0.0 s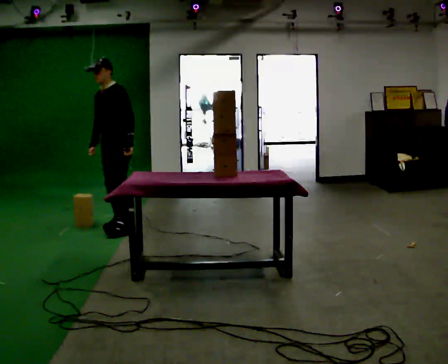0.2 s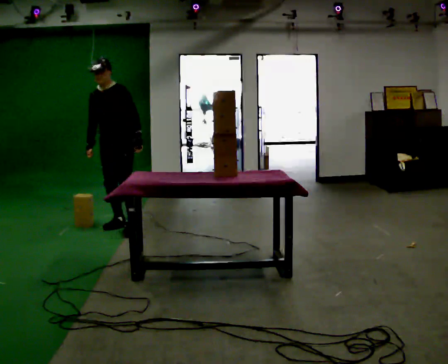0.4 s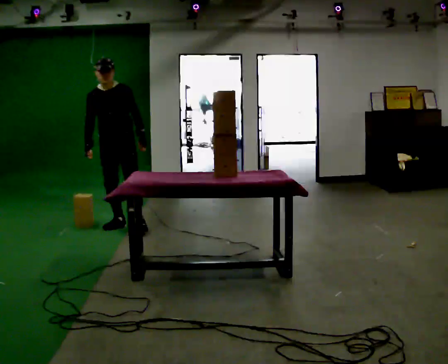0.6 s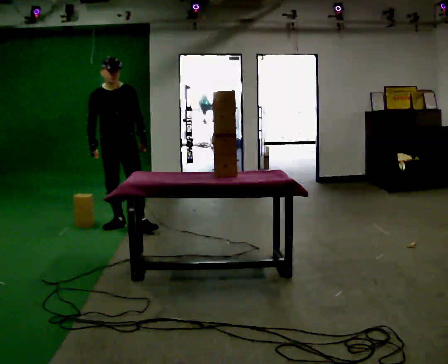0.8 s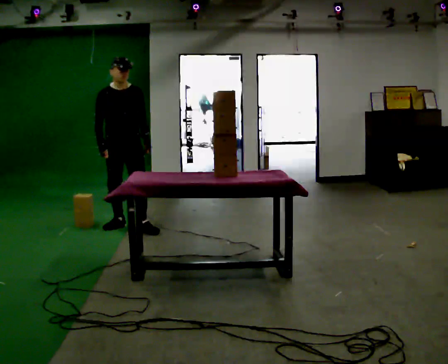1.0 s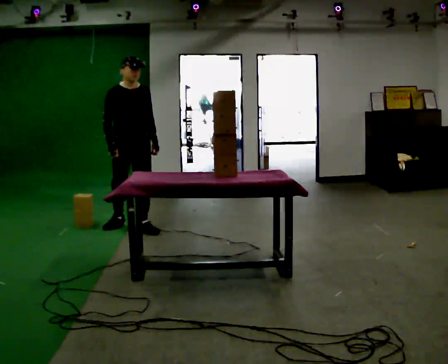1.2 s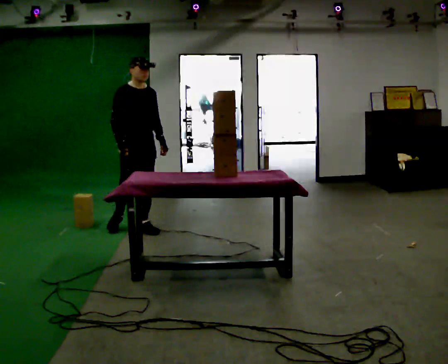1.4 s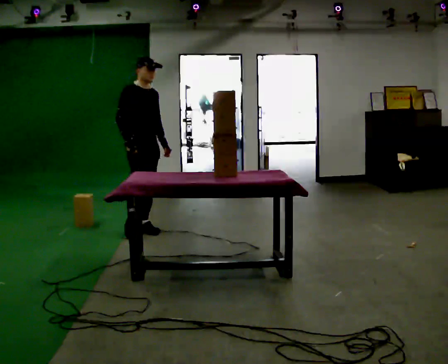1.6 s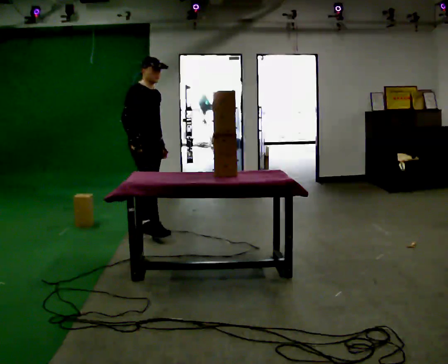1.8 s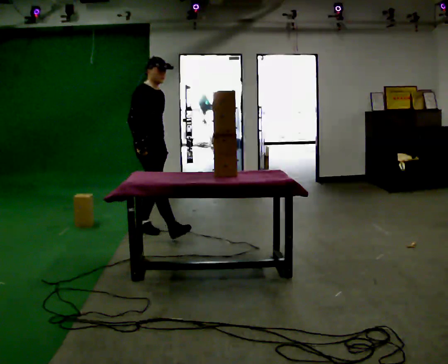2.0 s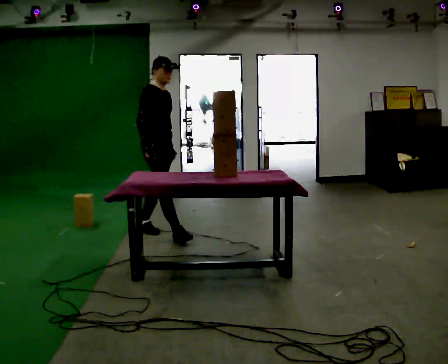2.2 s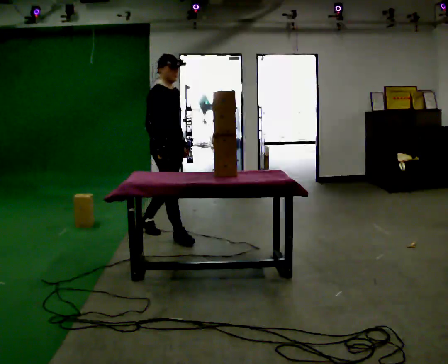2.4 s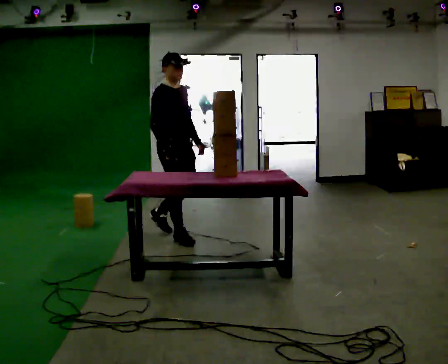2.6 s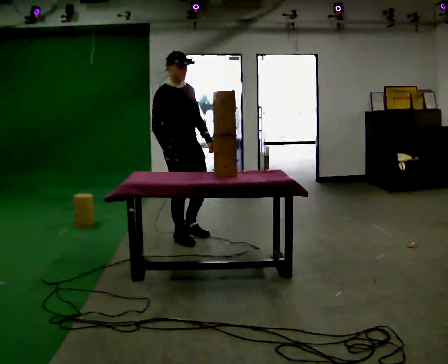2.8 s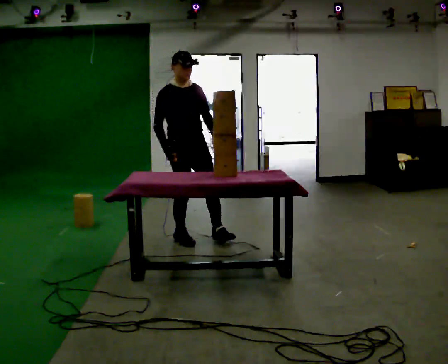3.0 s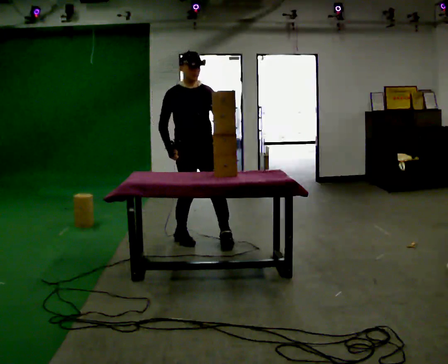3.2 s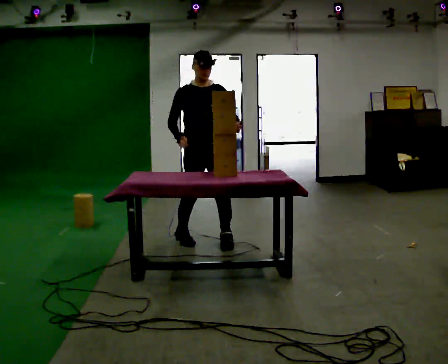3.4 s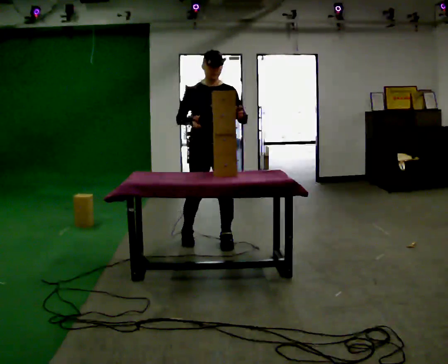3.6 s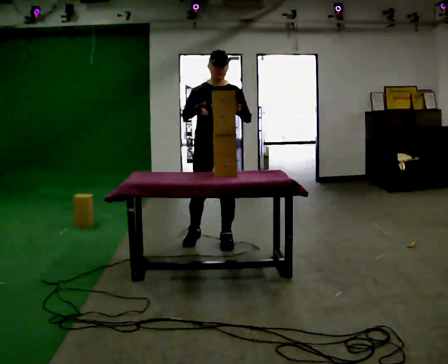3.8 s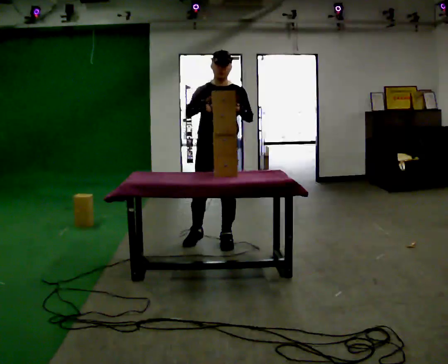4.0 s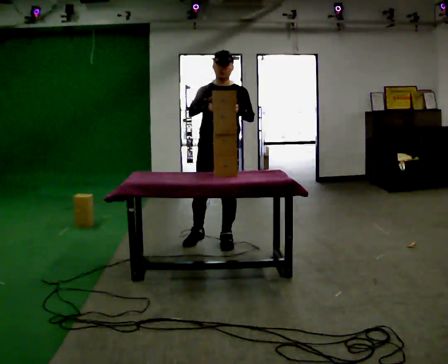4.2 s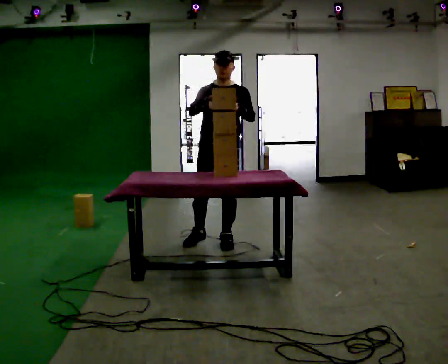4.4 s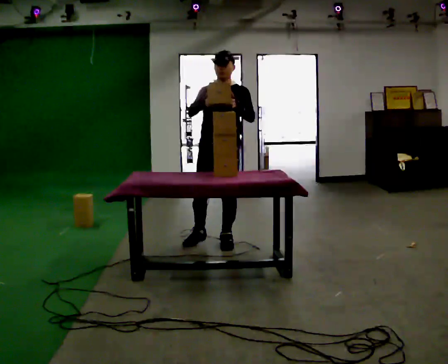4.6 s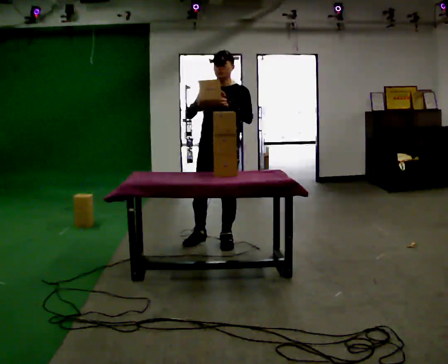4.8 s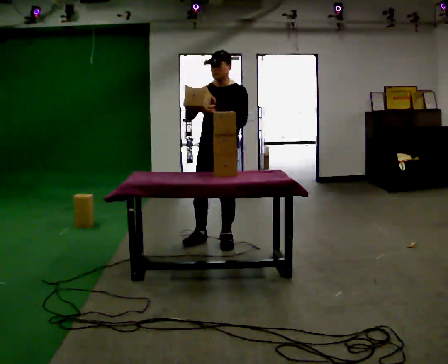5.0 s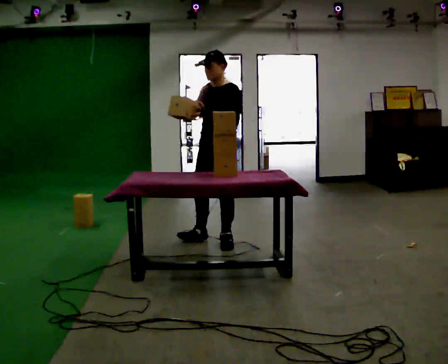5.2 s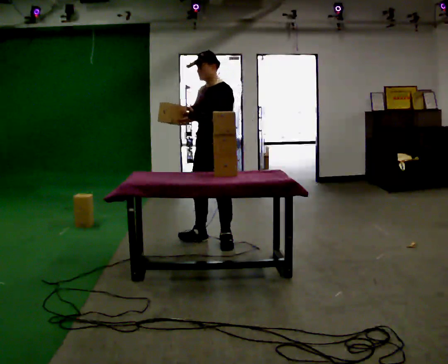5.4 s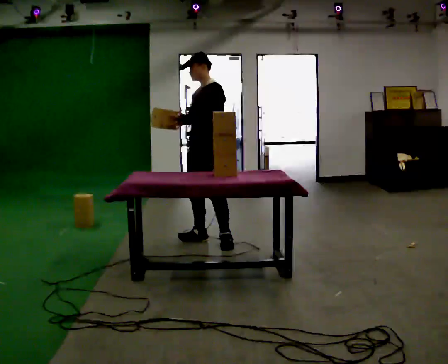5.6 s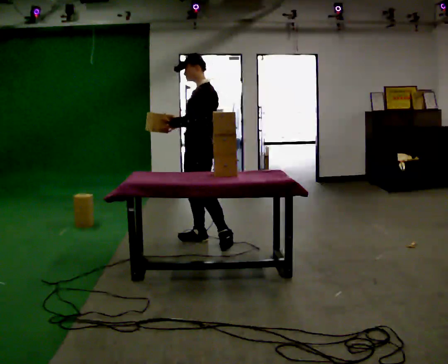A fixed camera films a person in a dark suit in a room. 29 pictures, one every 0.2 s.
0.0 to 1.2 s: The person turns about 75 degrees to their left, counterclockwise seen from above, so the part of the body nearest the lens slides to the right. In the picture they go to the right, about 0.25 m in 1 step. In the picture their right hand goes to the right.
1.2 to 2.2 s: The part of the body nearest the lens slides to the right as the person turns to their left by about 30 degrees. In the picture they go to the right and toward the camera, about 0.5 m in 1 step, which for them is forward.
2.2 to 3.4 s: The part of the body nearest the lens slides to the left as the person turns to their right by about 60 degrees. In the picture they go to the right and toward the camera, about 0.5 m in 1 step.
3.4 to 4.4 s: The person moves a little, or ends about where they began.
4.4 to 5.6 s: Seen from above the body turns clockwise, about 60 degrees: to their right, with its near side sliding to the left. In the picture they go to the left, about 0.25 m.
The film runs forward here.
